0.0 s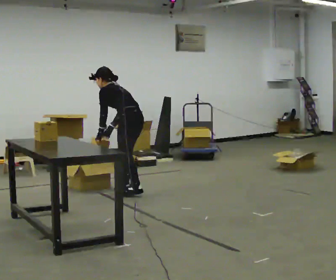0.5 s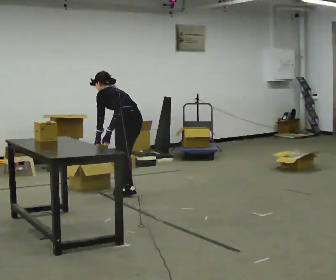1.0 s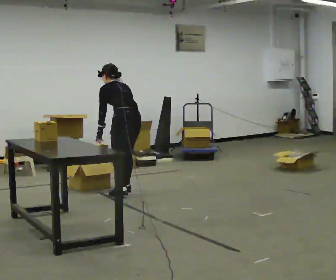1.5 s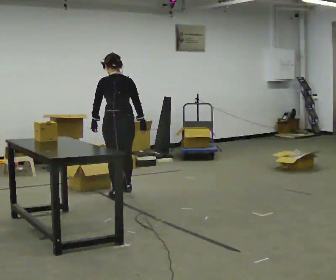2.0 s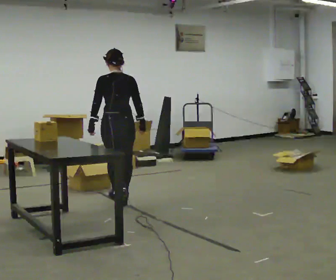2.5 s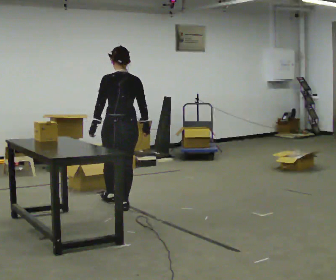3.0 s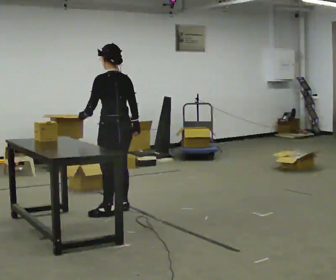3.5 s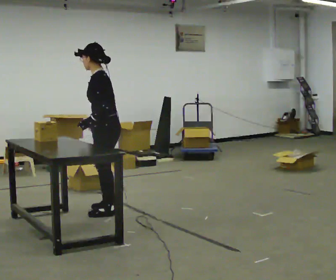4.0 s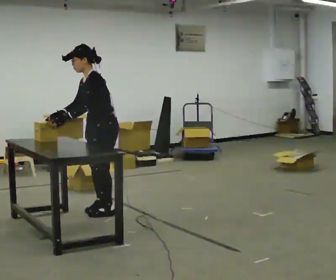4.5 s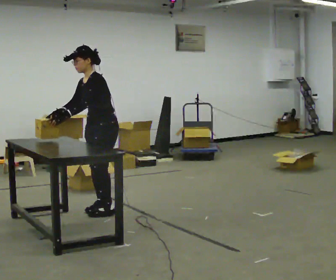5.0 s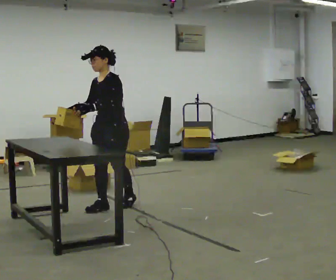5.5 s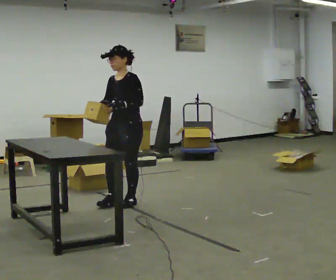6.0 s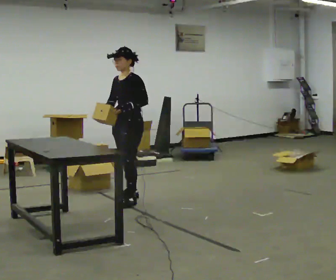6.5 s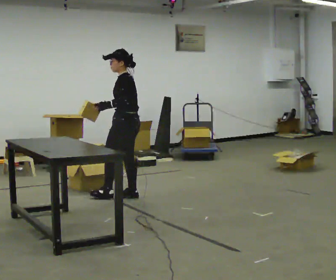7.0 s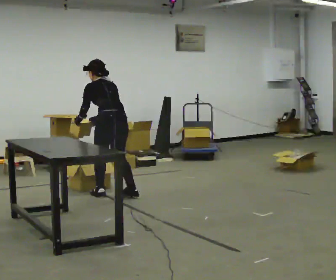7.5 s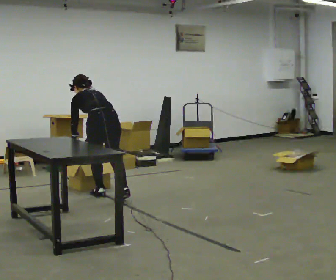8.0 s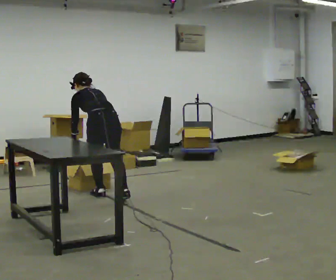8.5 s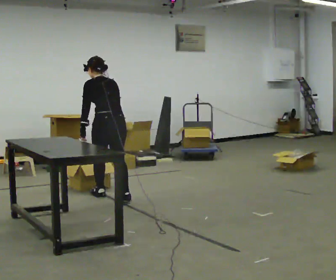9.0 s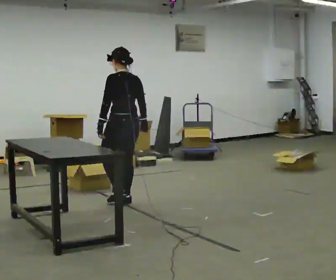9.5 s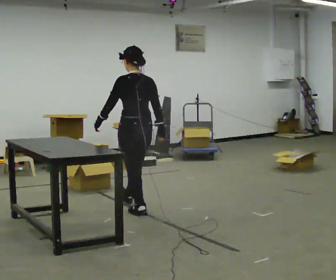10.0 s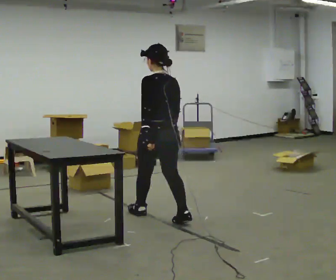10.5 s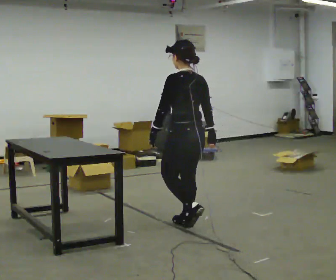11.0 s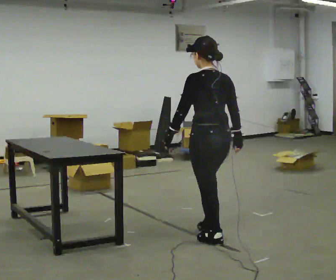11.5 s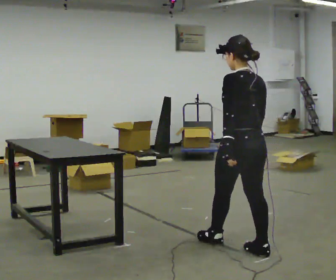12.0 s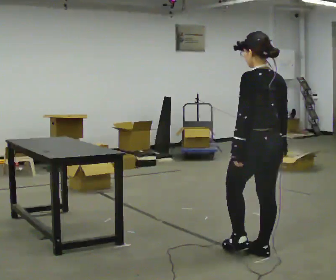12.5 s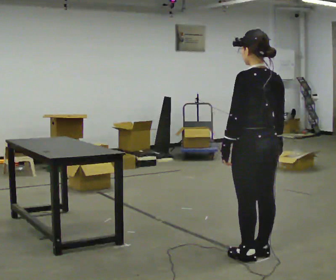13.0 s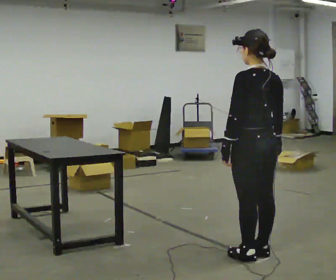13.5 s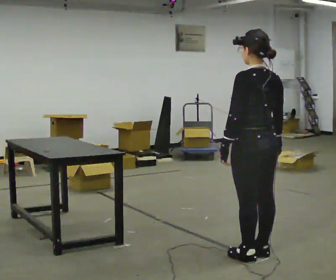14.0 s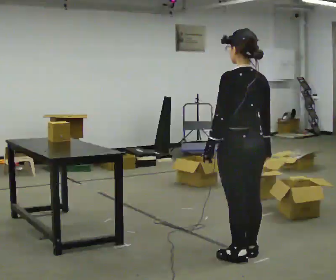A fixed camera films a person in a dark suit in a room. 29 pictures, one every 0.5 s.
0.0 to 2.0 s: The person turns about 60 degrees to their right, clockwise seen from above, so the part of the body nearest the lens slides to the left. In the picture they go toward the camera, about 0.5 m in 1 step. In the picture the upper body tilts clockwise, shoulders to the right, as they lean back or straighten.
2.0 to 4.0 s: The part of the body nearest the lens slides to the right as the person turns to their left by about 120 degrees. In the picture they go toward the camera, about 0.5 m in 1 step. In the picture the upper body tilts counterclockwise, shoulders to the left.
4.0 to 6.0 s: In the picture they go away from the camera and to the right, about 0.5 m in 2 steps, which for them is backward.
6.0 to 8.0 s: The person turns about 105 degrees to their right, clockwise seen from above, so the part of the body nearest the lens slides to the left. In the picture they go to the left, about 0.25 m in 2 steps. The shoulders move downward. The upper body tips away from the camera, its near side rolling upward, as they bend forward. In the picture their right hand goes downward.
8.0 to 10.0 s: In the picture they go toward the camera and to the right, about 1 m in 2 steps, which for them is backward. The shoulders move upward. The upper body tips toward the camera, its near side rolling downward, as they lean back or straighten.
10.0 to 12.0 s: In the picture they go toward the camera and to the right, about 1 m in 3 steps, which for them is backward.
12.0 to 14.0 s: The person moves a little, or ends about where they began.
The film runs backward here.
